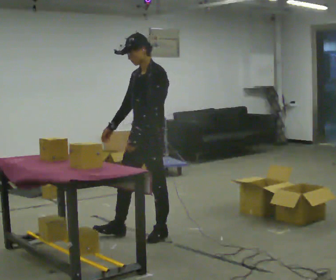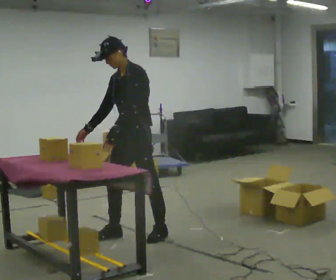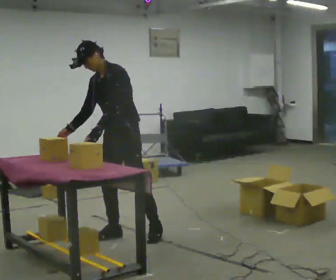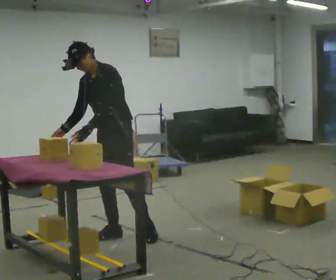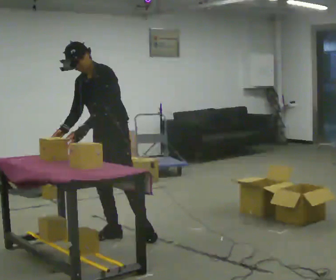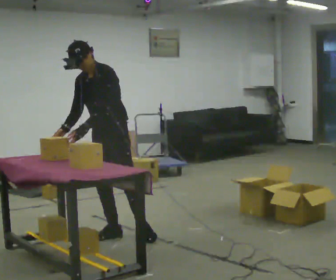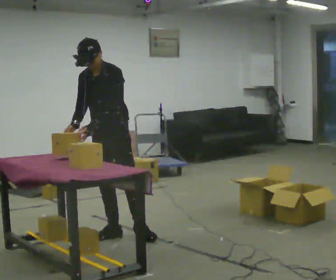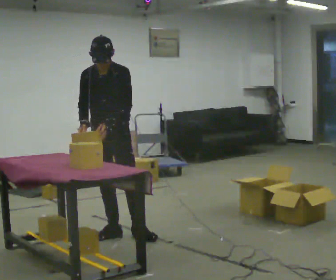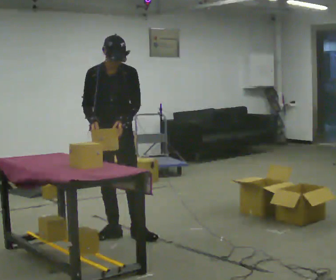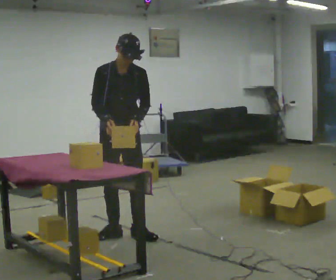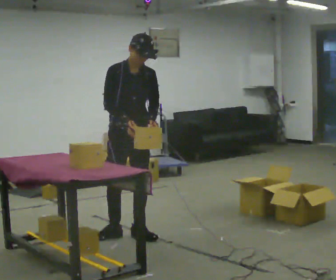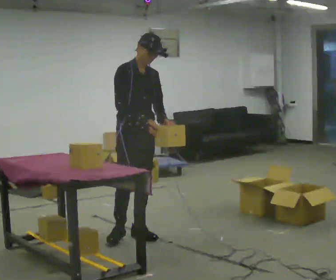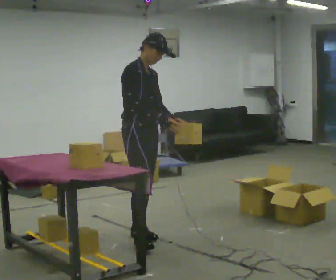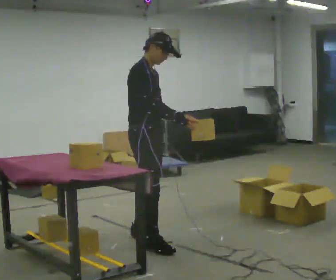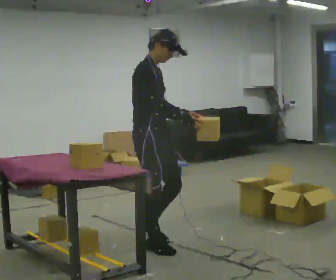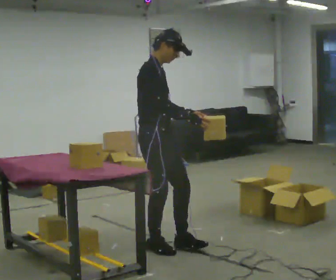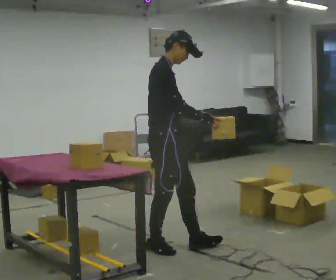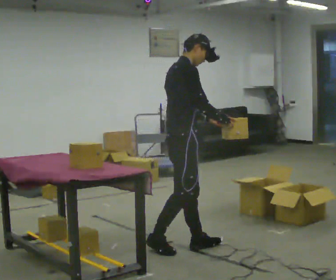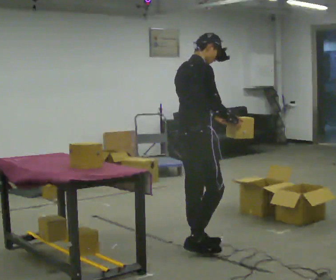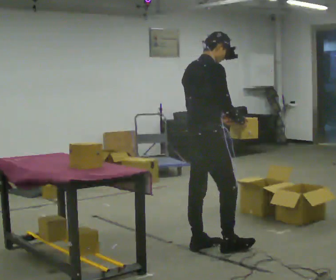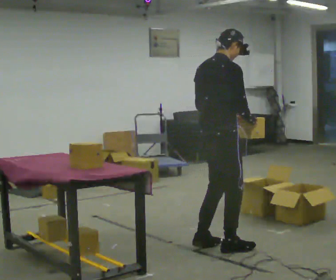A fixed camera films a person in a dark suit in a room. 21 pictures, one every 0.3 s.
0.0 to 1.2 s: In the picture they go to the left, about 0.25 m in 1 step, which for them is to their right and forward. In the picture the upper body tilts counterclockwise, shoulders to the left, as they bend forward.
1.2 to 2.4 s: The person turns about 30 degrees to their left, counterclockwise seen from above, so the part of the body nearest the lens slides to the right. In the picture the upper body tilts clockwise, shoulders to the right, as they lean back or straighten. In the picture their left hand goes to the right.
2.4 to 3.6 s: Seen from above the body turns counterclockwise, about 60 degrees: to their left, with its near side sliding to the right. In the picture they go to the right, about 0.25 m, which for them is forward and to their left. In the picture their right hand goes to the right.
3.6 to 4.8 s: The person turns about 30 degrees to their left, counterclockwise seen from above, so the part of the body nearest the lens slides to the right. In the picture they go toward the camera and to the right, about 0.25 m in 2 steps, which for them is forward and to their right.
4.8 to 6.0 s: The person turns about 45 degrees to their left, counterclockwise seen from above, so the part of the body nearest the lens slides to the right. In the picture they go to the right, about 0.5 m in 1 step, which for them is forward and to their right.
The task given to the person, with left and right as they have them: 1. Look at the shelf and see which spaces are empty. 2. Find matching items in the bins on the floor. 3. Fill the empty spaces on the shelf. 4. Tell the operator when you are finished.
The film runs forward here.
